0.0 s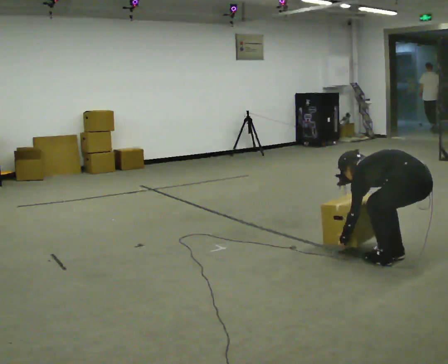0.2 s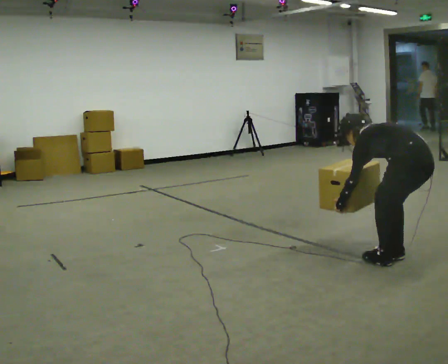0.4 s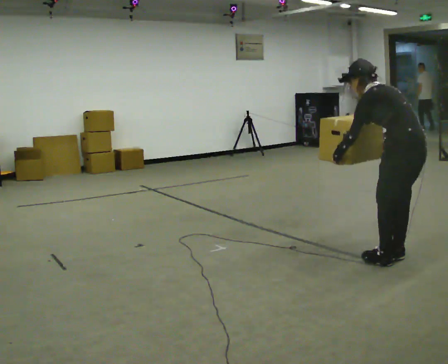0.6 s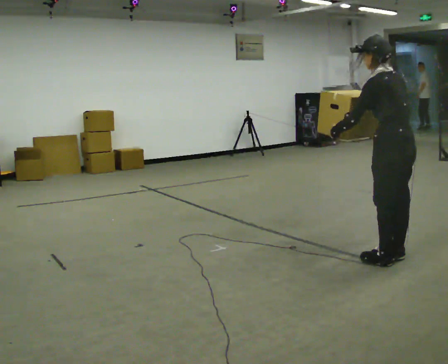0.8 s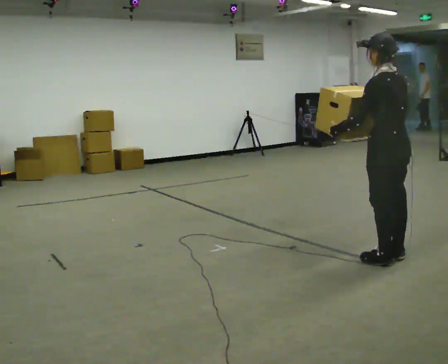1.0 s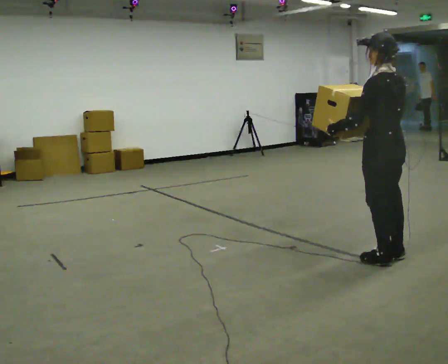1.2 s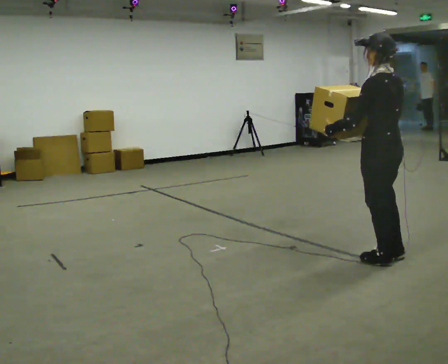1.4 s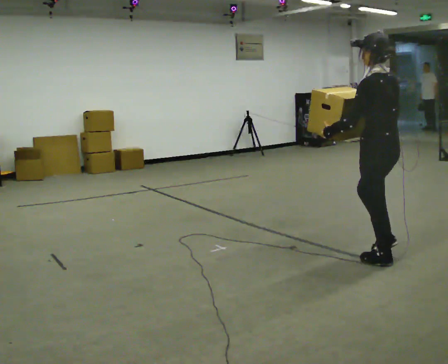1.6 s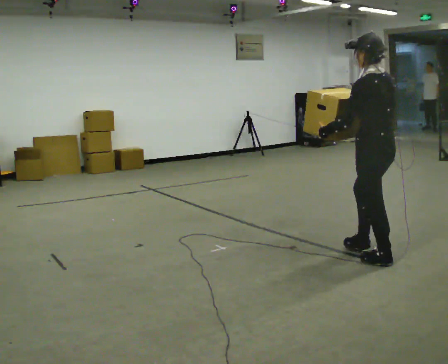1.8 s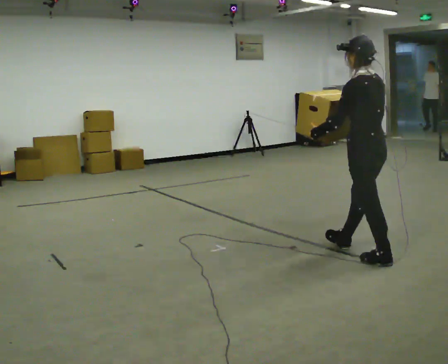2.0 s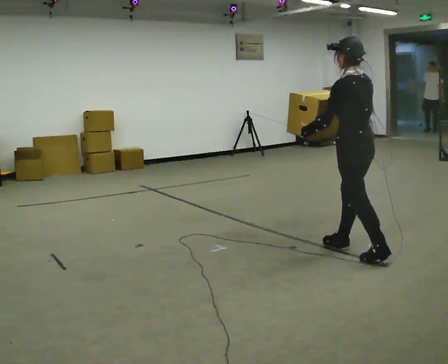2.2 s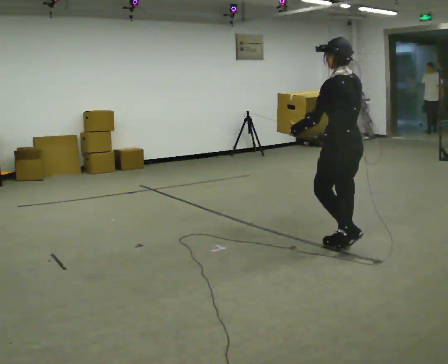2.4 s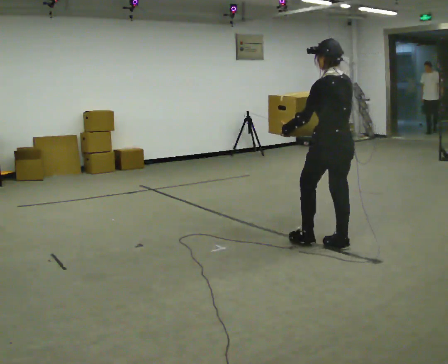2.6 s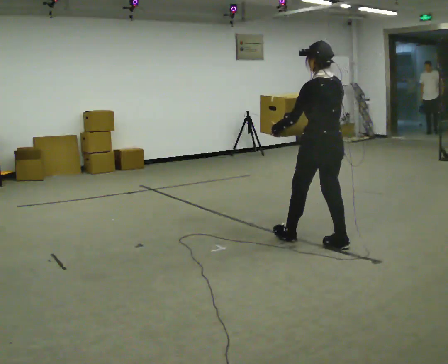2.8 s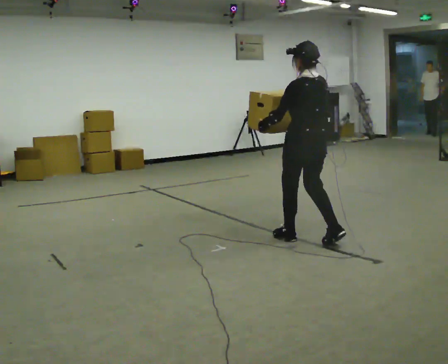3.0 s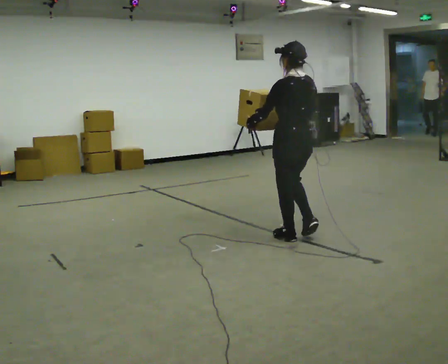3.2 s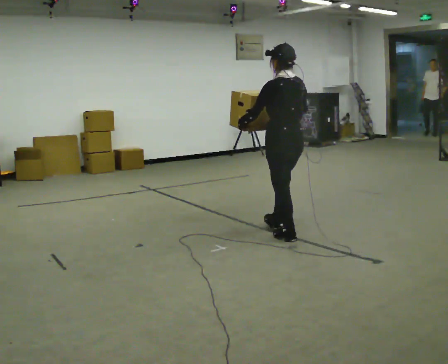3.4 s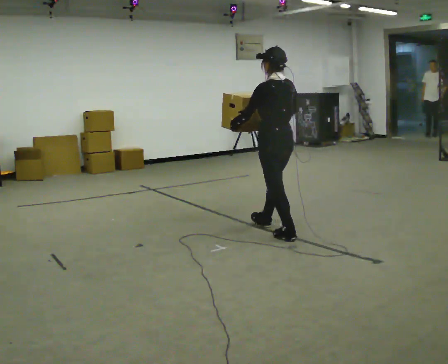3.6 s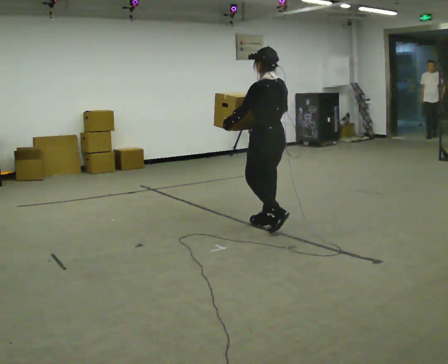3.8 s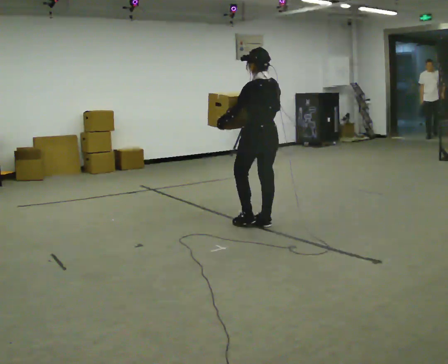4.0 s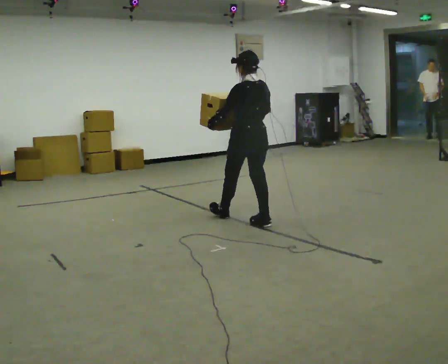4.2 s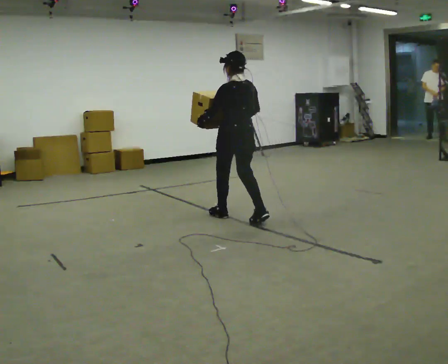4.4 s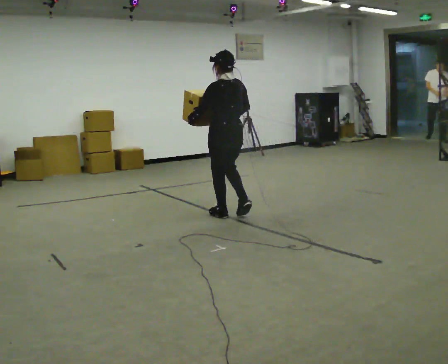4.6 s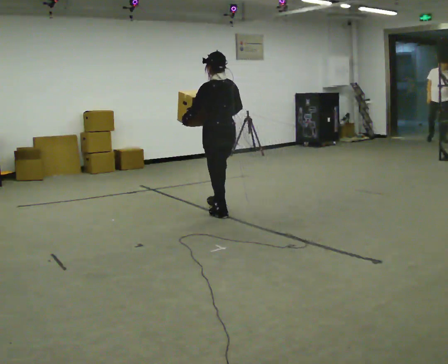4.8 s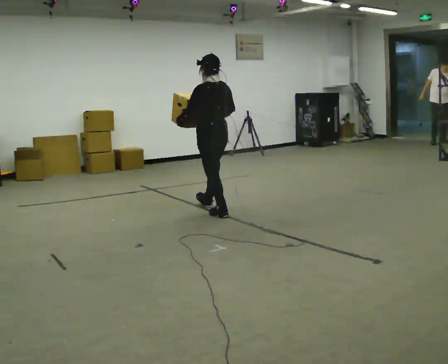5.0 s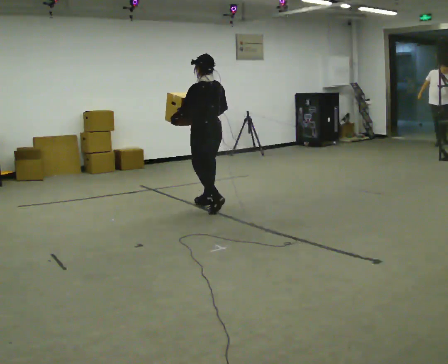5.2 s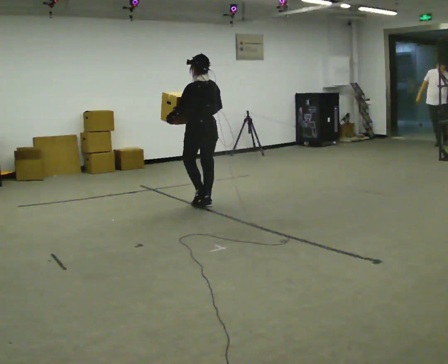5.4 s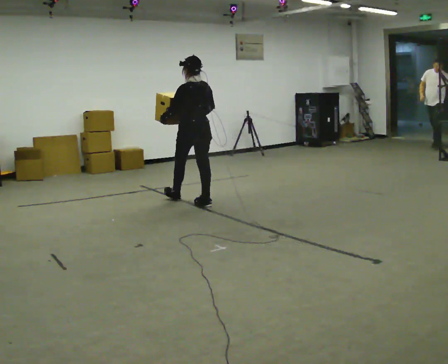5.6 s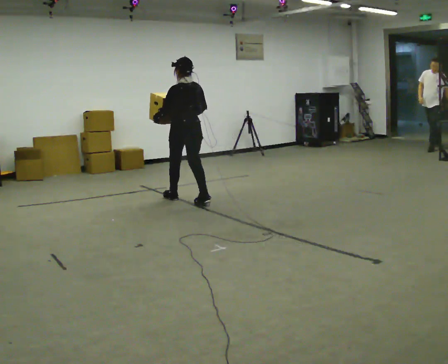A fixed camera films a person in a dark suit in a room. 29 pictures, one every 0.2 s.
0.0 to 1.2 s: In the picture they go to the left, about 0.25 m, which for them is forward. The upper body goes upward. The upper body tips toward the camera, its near side rolling downward, as they lean back or straighten. In the picture their left hand goes upward.
1.2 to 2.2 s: In the picture they go away from the camera and to the left, about 0.5 m in 1 step, which for them is forward.
2.2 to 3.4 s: In the picture they go to the left and away from the camera, about 0.5 m in 2 steps, which for them is forward.
3.4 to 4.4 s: In the picture they go to the left and away from the camera, about 0.75 m in 1 step, which for them is forward.
4.4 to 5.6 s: In the picture they go away from the camera and to the left, about 1 m in 2 steps, which for them is forward.
The film runs forward here.
